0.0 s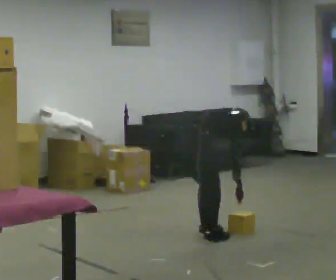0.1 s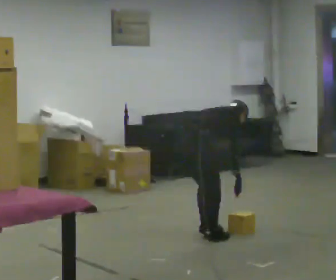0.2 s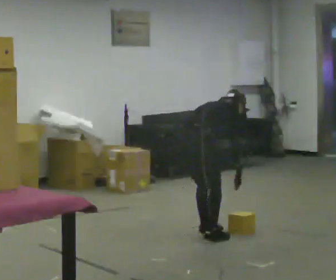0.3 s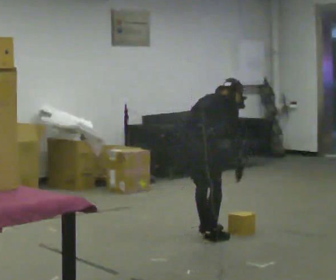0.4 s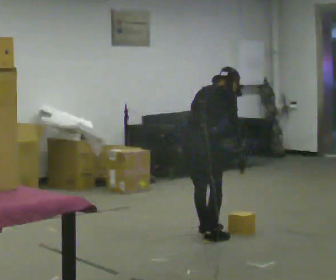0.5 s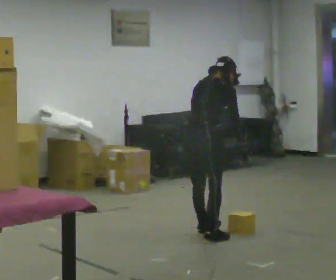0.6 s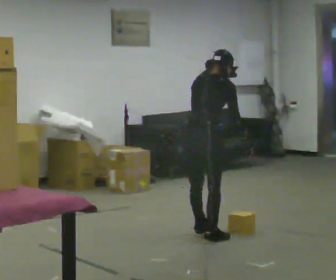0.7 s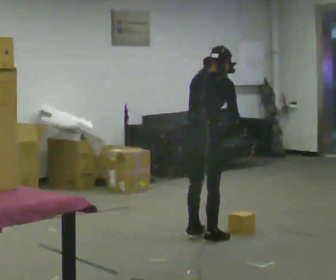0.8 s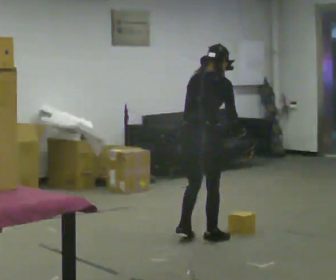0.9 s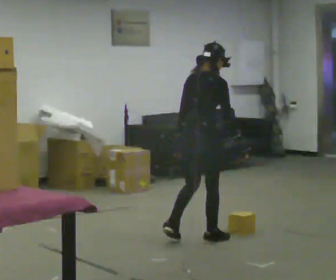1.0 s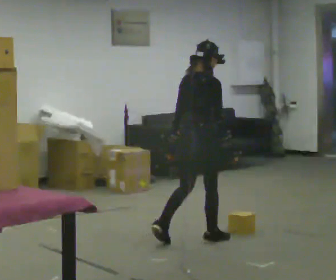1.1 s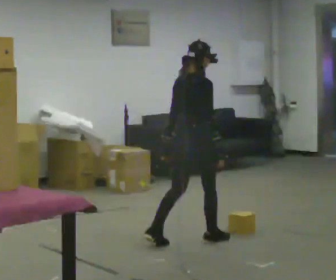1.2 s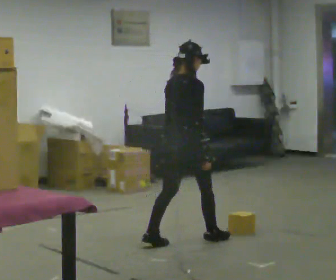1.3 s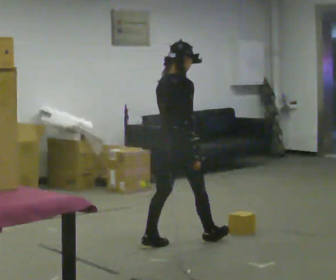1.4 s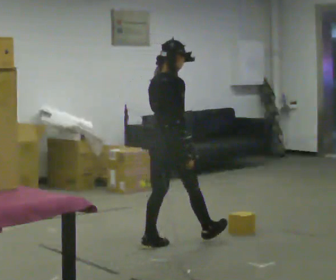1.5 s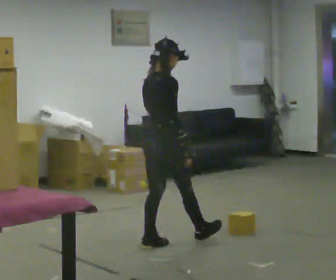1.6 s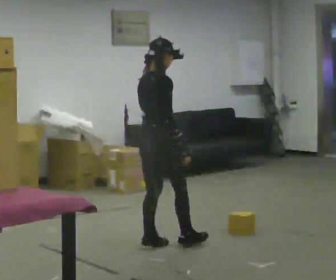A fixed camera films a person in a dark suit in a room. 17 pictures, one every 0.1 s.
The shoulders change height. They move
upward.
Their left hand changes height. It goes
upward.
0.0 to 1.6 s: In the picture they go to the left and toward the camera, about 0.25 m in 2 steps, which for them is backward. The upper body goes upward. In the picture the upper body tilts counterclockwise, shoulders to the left, as they lean back or straighten. In the picture their left hand goes upward.
The film runs backward here.
